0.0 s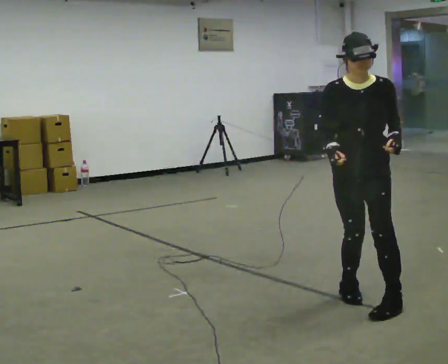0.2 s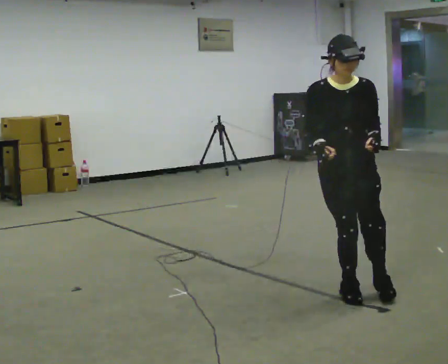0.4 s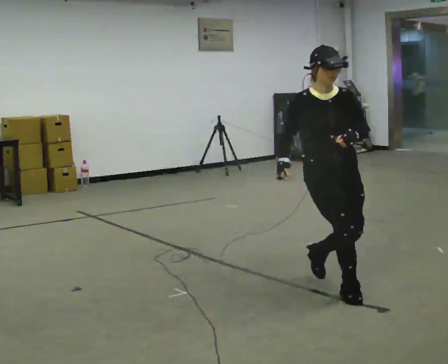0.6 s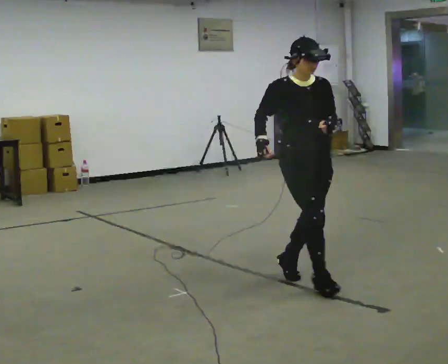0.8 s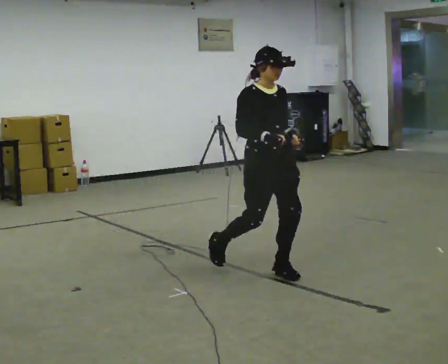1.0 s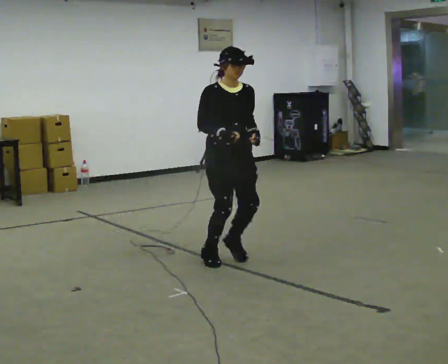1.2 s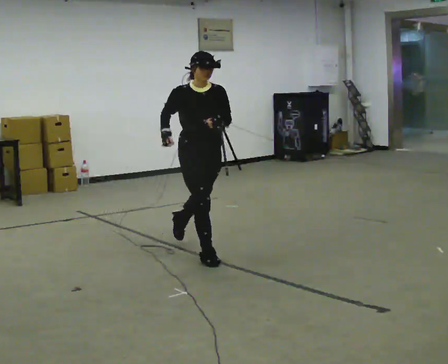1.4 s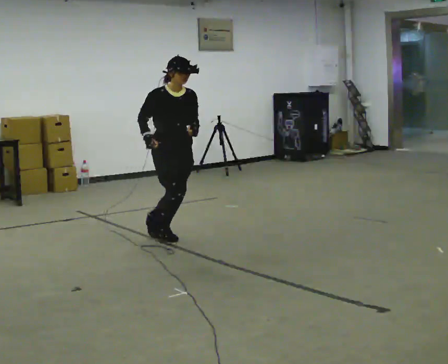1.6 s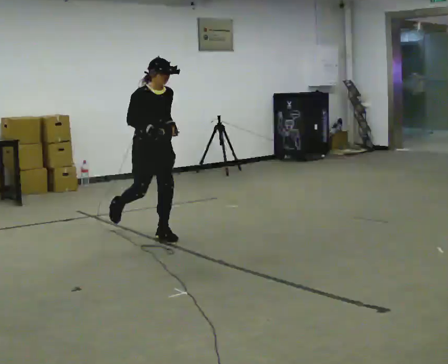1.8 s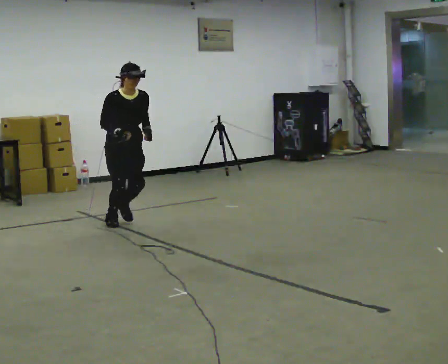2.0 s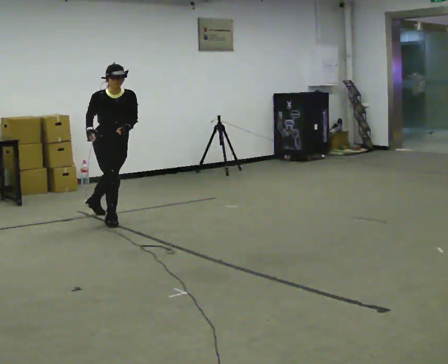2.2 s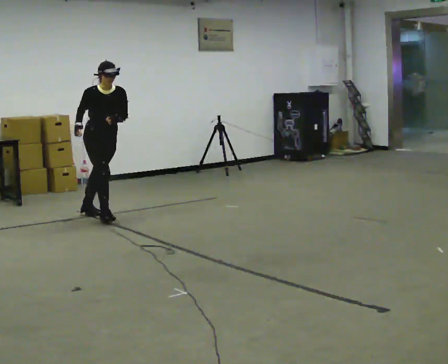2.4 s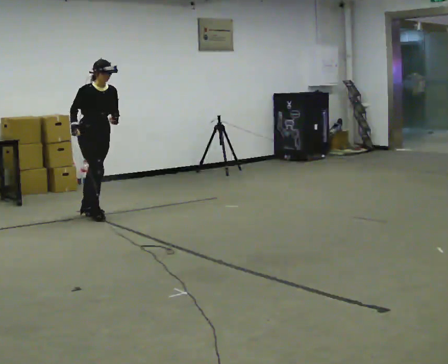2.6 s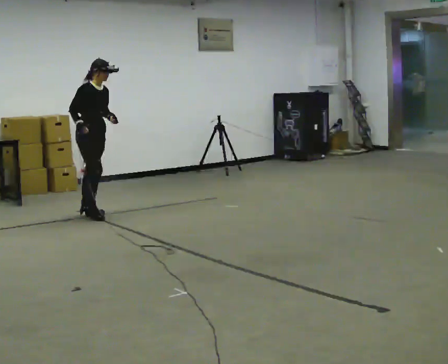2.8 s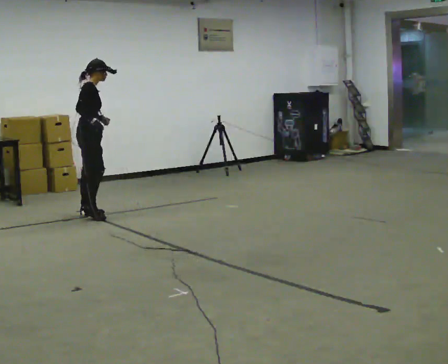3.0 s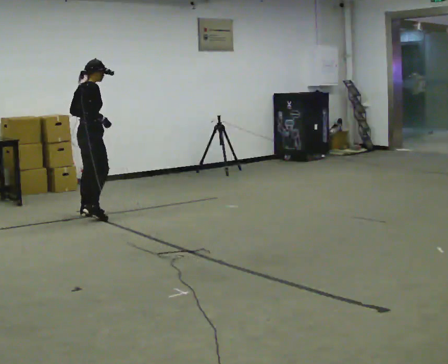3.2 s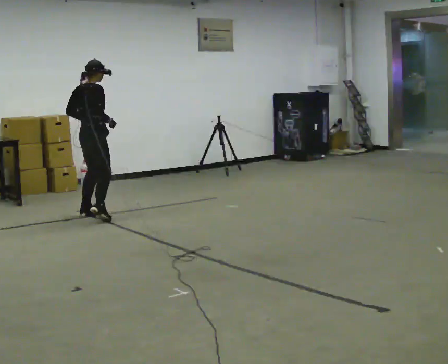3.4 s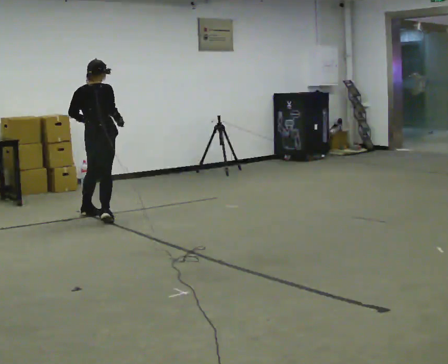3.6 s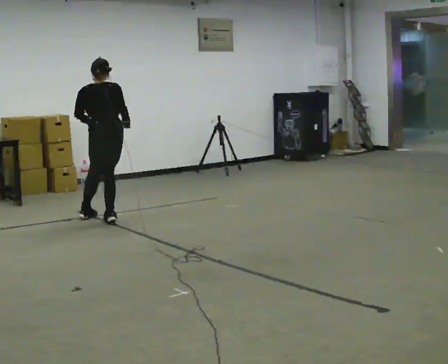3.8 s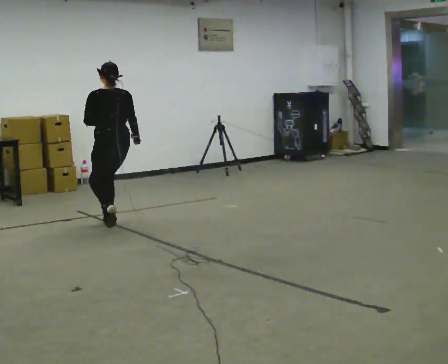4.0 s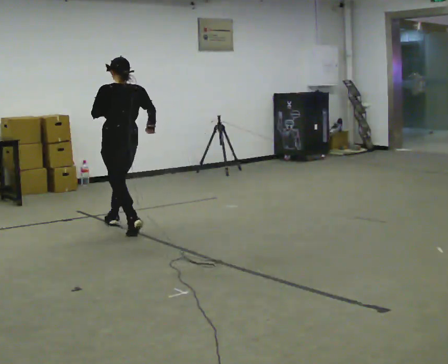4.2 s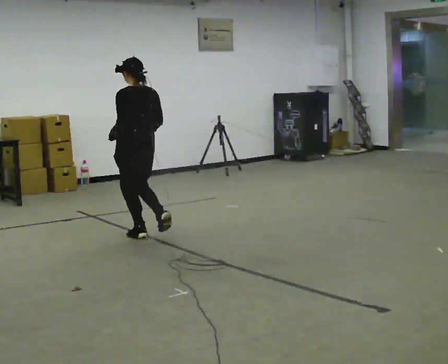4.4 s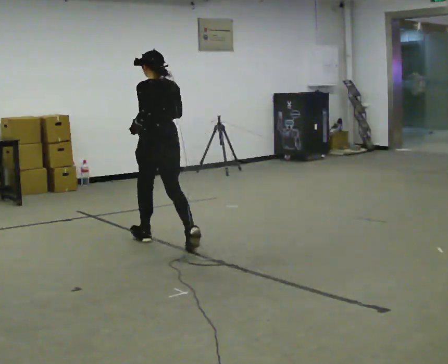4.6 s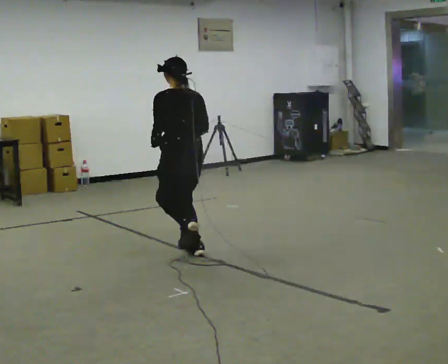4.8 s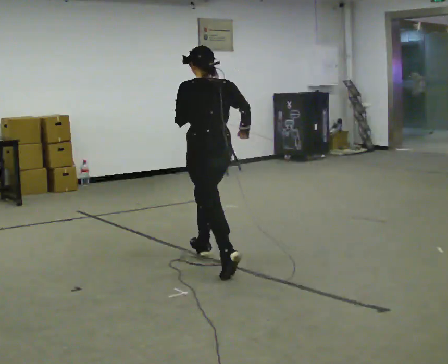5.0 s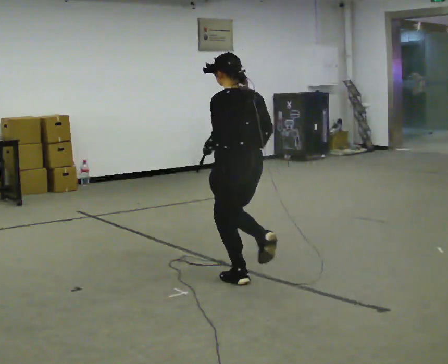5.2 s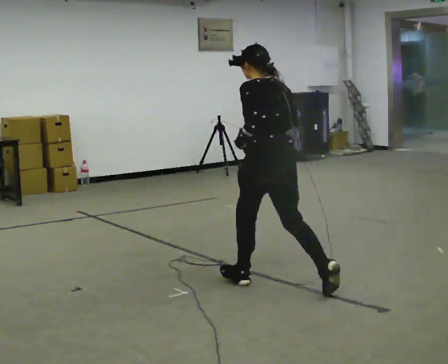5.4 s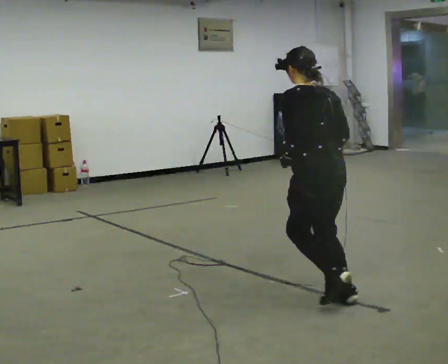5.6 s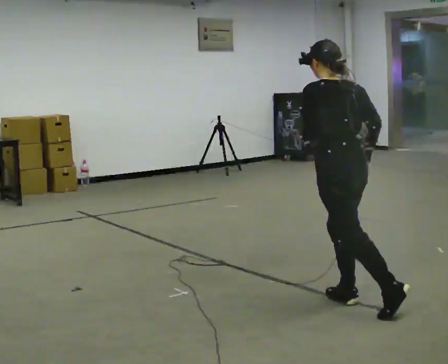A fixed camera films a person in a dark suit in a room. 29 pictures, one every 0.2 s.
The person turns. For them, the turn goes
to their left.
The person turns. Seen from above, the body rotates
counterclockwise.
0.0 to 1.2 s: Seen from above the body turns counterclockwise, about 45 degrees: to their left, with its near side sliding to the right. In the picture they go away from the camera and to the left, about 1.5 m in 4 steps, which for them is backward.
1.2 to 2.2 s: In the picture they go away from the camera and to the left, about 1.5 m in 2 steps, which for them is backward.
2.2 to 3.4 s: The person turns about 105 degrees to their left, counterclockwise seen from above, so the part of the body nearest the lens slides to the right. In the picture their right hand goes to the right, the arm swinging counterclockwise.
3.4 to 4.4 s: Seen from above the body turns counterclockwise, about 60 degrees: to their left, with its near side sliding to the right. In the picture they go toward the camera and to the right, about 1 m in 2 steps.
4.4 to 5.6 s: In the picture they go toward the camera and to the right, about 2 m in 2 steps, which for them is backward.
The film runs backward here.
